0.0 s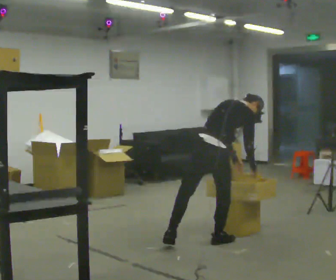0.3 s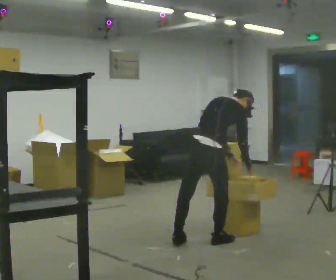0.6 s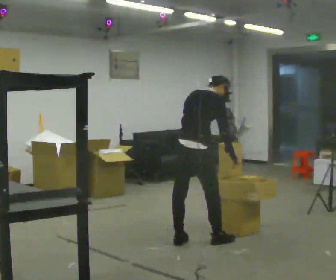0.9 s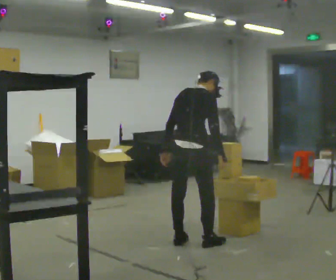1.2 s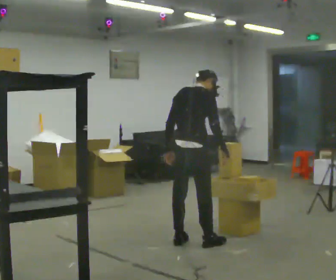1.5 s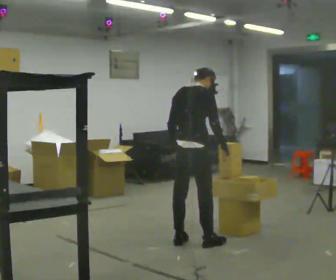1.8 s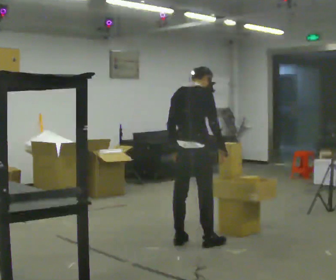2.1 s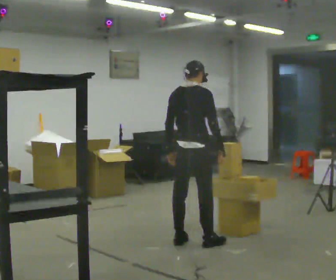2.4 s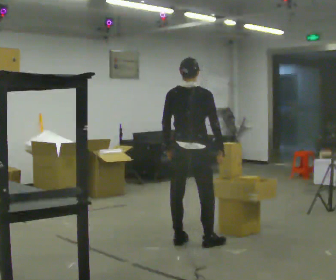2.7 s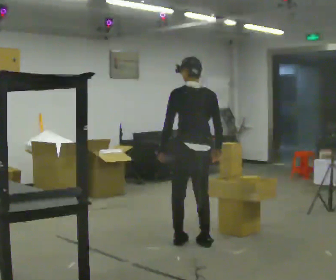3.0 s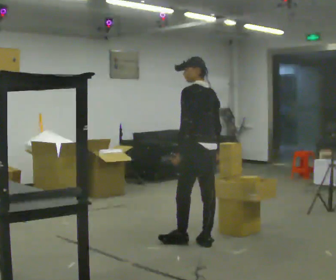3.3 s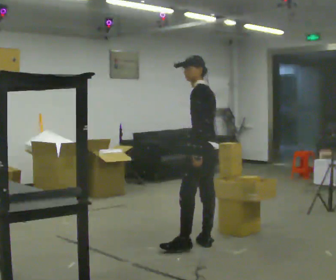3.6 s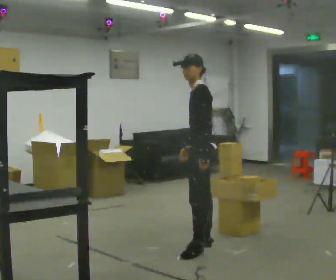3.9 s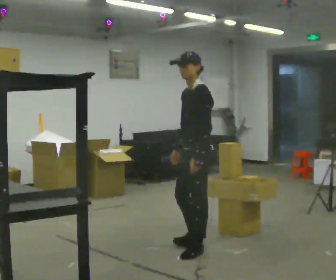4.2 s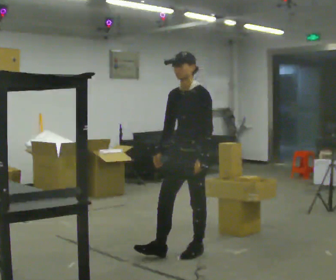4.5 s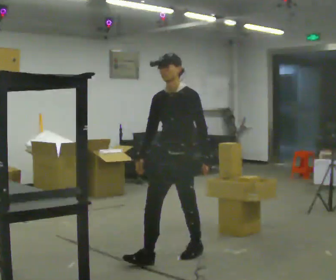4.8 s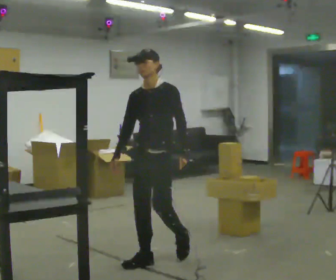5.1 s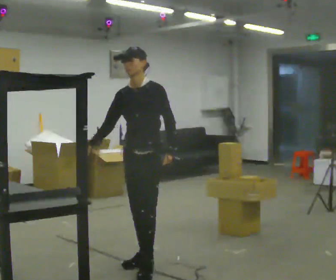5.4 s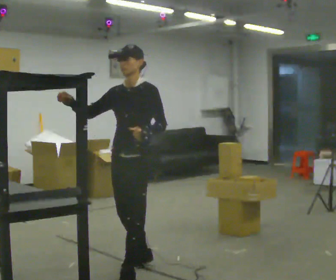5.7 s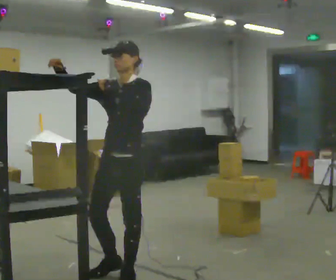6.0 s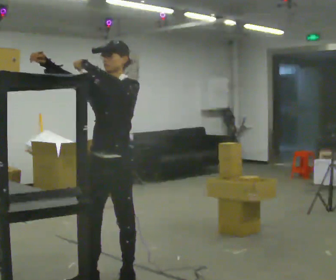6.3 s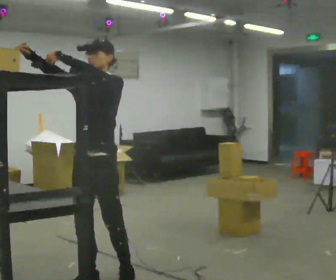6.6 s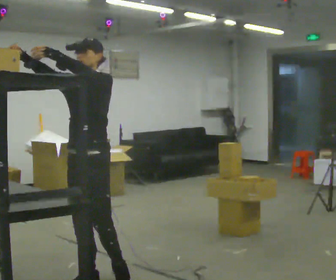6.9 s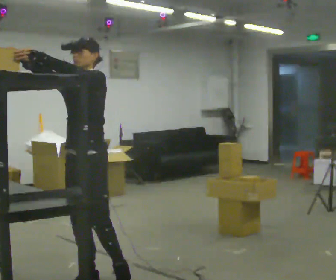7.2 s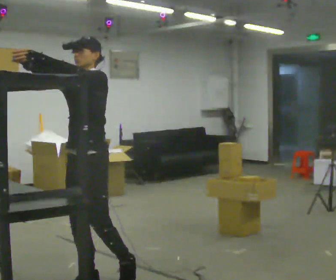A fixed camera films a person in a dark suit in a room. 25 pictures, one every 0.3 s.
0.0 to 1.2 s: In the picture they go to the left, about 0.25 m in 1 step, which for them is to their left. The upper body goes upward. In the picture the upper body tilts counterclockwise, shoulders to the left, as they lean back or straighten. In the picture their left hand goes to the left.
1.2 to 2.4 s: The person moves a little, or ends about where they began.
2.4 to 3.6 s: The part of the body nearest the lens slides to the right as the person turns to their left by about 90 degrees. In the picture they go toward the camera and to the right, about 0.25 m in 1 step. In the picture their left hand goes to the right.
3.6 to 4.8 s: The part of the body nearest the lens slides to the right as the person turns to their left by about 60 degrees. In the picture they go toward the camera and to the left, about 0.5 m in 1 step.
4.8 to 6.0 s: In the picture they go toward the camera and to the left, about 0.5 m in 2 steps, which for them is forward. In the picture their right hand goes upward, the arm swinging clockwise.
6.0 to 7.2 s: The person moves a little, or ends about where they began.
The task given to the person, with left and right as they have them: Take an object from the waist-height shelf, carry it across the room, and place it on the highest shelf you can comfortably reach. Keep going until the operator says stop; one object at a time, and do not rush between trips.
The film runs forward here.
